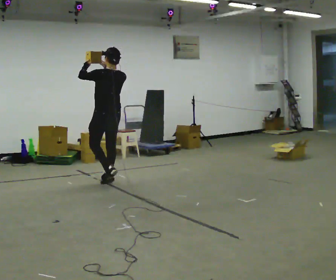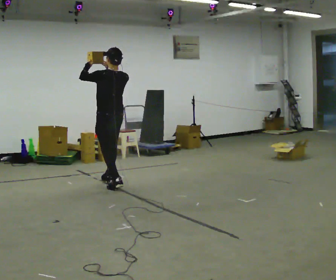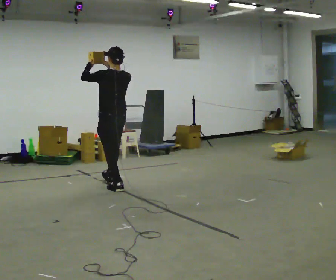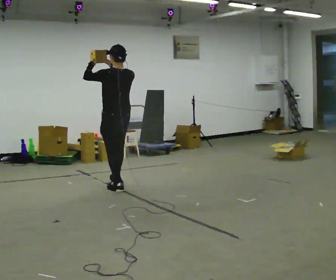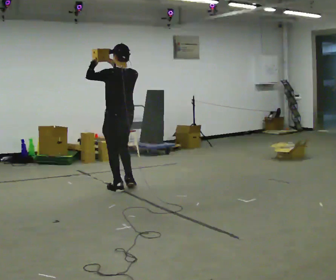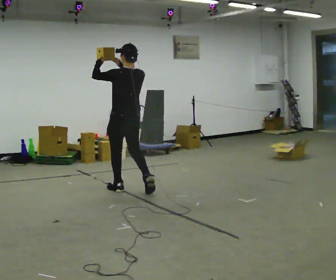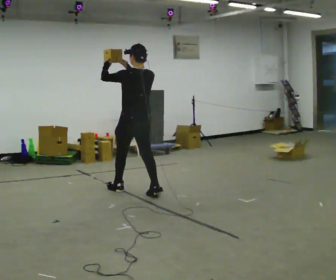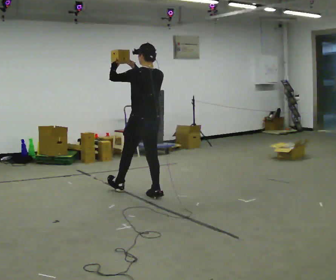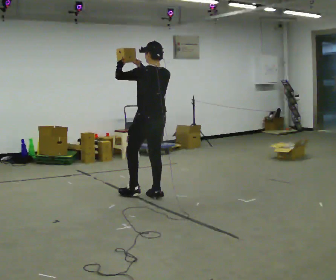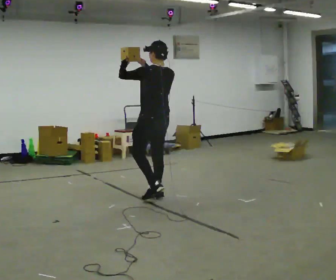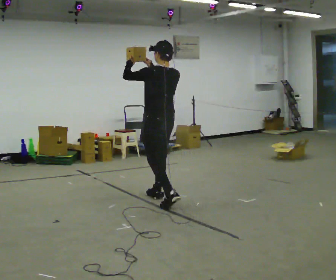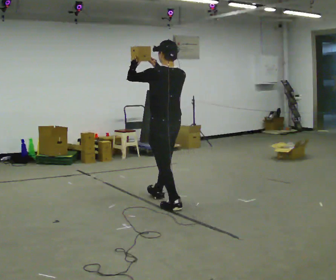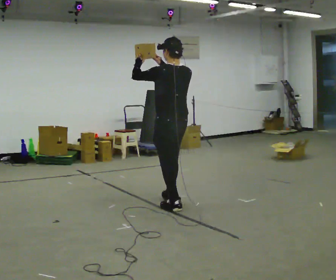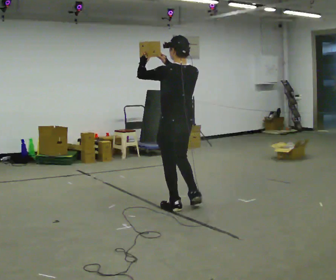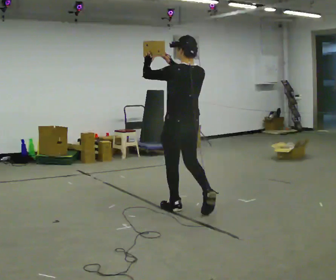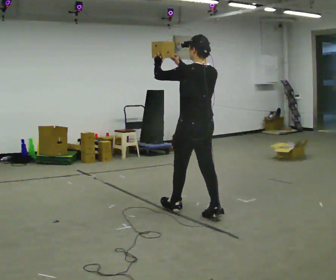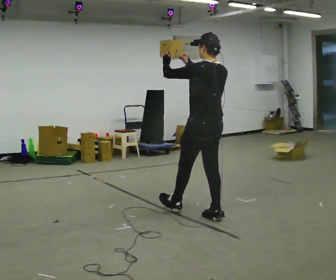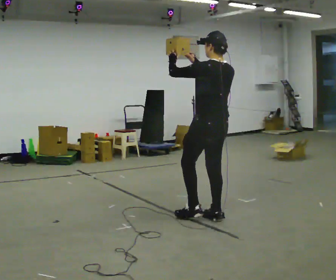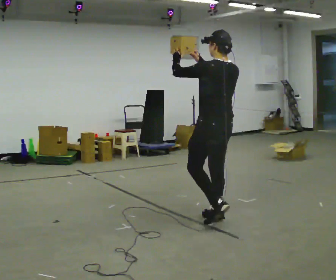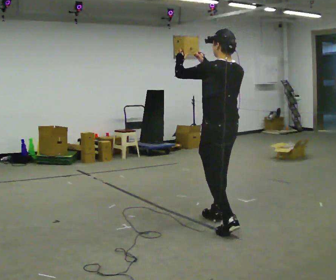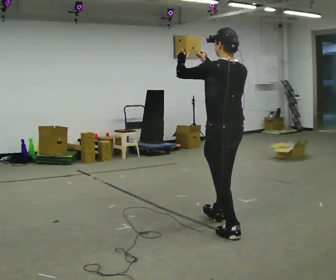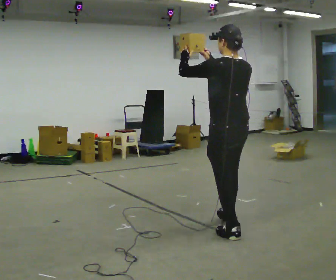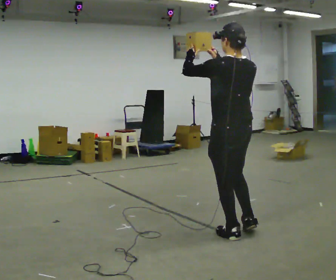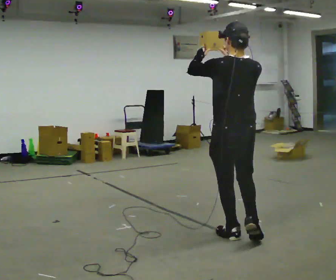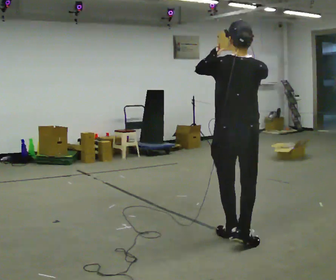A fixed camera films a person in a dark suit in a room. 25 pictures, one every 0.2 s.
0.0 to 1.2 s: In the picture they go toward the camera and to the right, about 0.75 m in 1 step, which for them is backward.
1.2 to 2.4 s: In the picture they go toward the camera and to the right, about 0.5 m in 2 steps, which for them is backward.
2.4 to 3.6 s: In the picture they go toward the camera and to the right, about 0.75 m in 1 step, which for them is backward.
3.6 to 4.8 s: Seen from above the body turns clockwise, about 30 degrees: to their right, with its near side sliding to the left. In the picture they go toward the camera, about 0.5 m in 1 step, which for them is backward.
The film runs backward here.
